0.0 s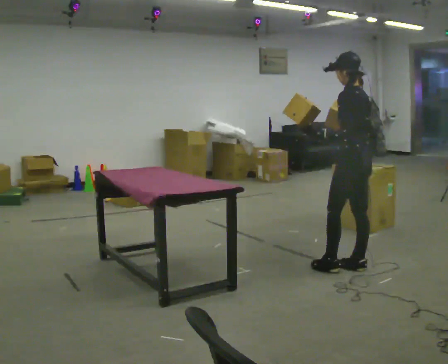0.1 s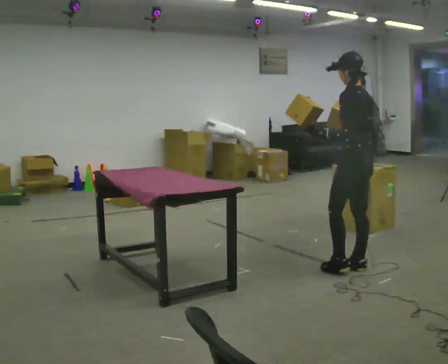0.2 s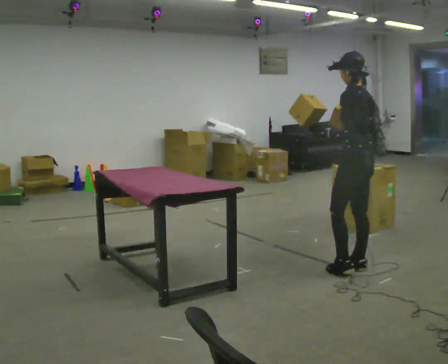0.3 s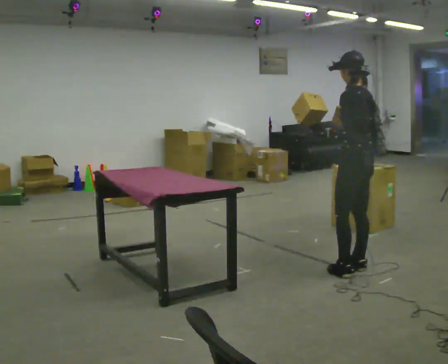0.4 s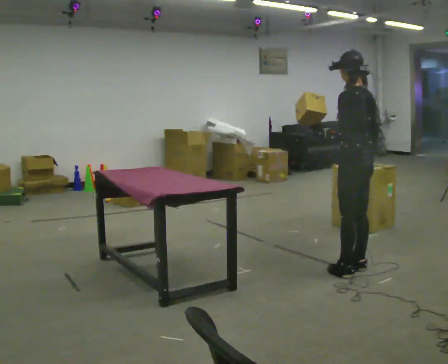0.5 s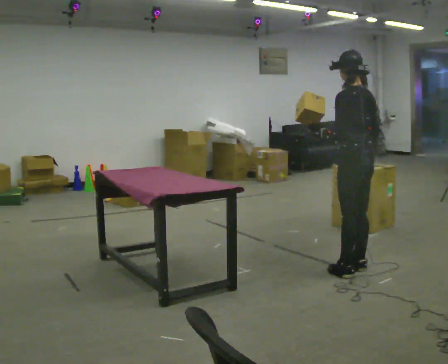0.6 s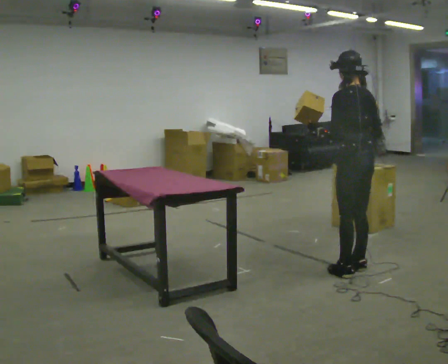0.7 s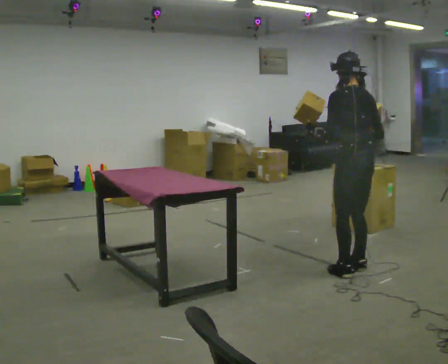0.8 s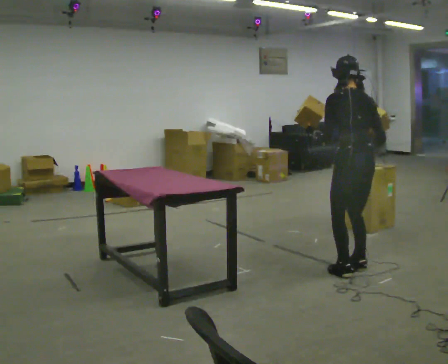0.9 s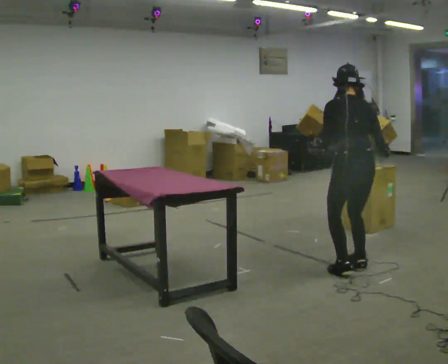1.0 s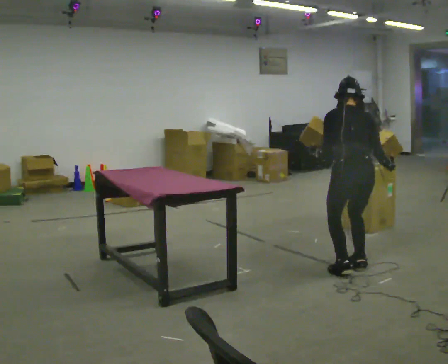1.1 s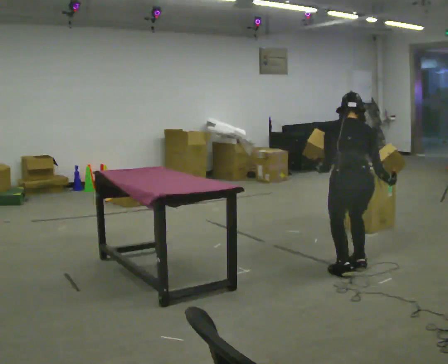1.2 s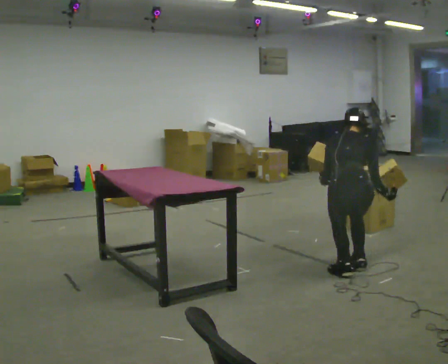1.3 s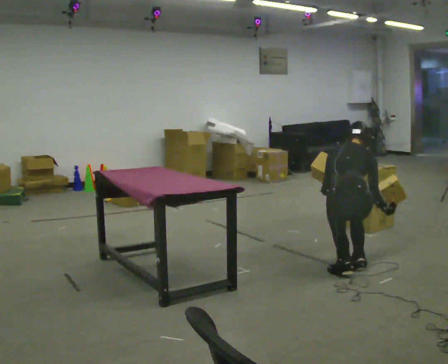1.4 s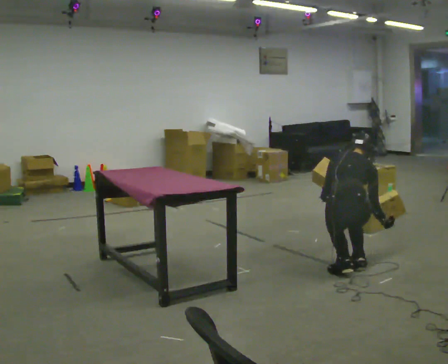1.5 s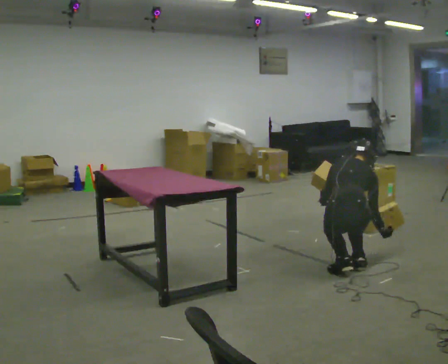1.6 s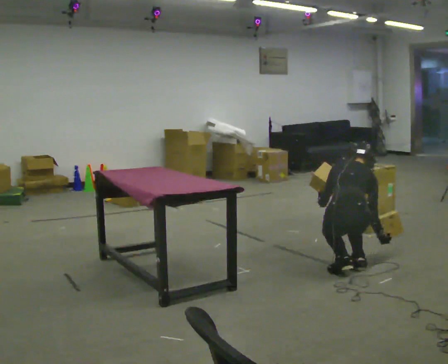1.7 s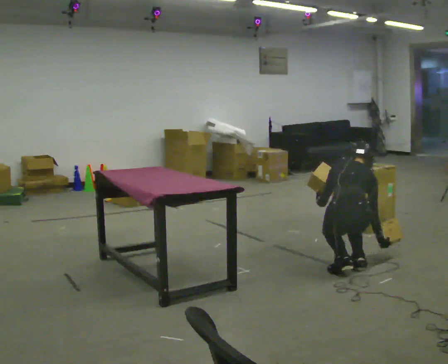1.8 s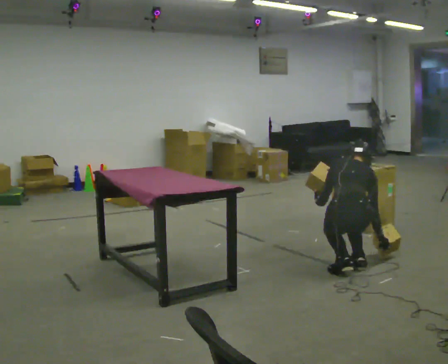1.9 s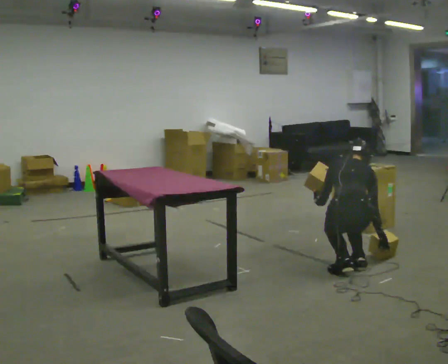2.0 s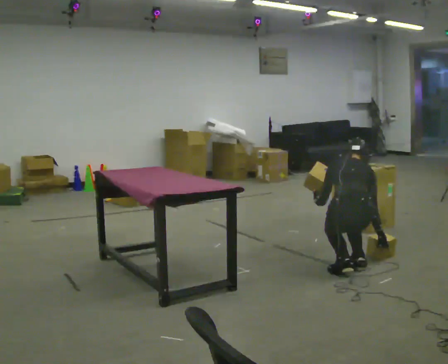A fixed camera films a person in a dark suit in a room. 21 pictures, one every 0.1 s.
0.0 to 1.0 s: Seen from above the body turns clockwise, about 45 degrees: to their right, with its near side sliding to the left. The upper body tips away from the camera, its near side rolling upward, as they bend forward.
1.0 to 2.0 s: The shoulders move downward. The upper body tips away from the camera, its near side rolling upward, as they bend forward. In the picture their right hand goes downward.
The film runs backward here.
